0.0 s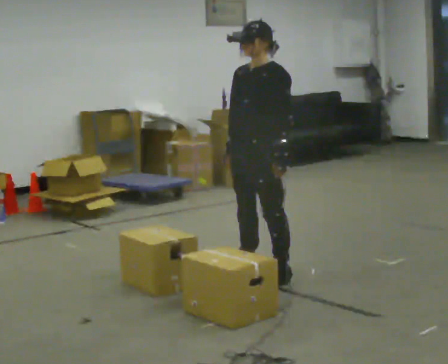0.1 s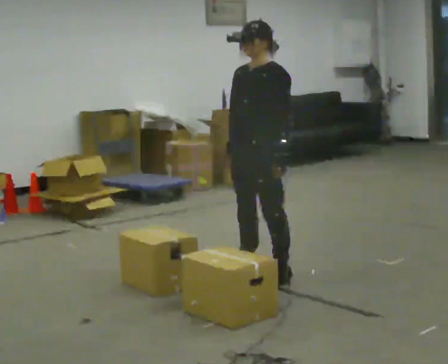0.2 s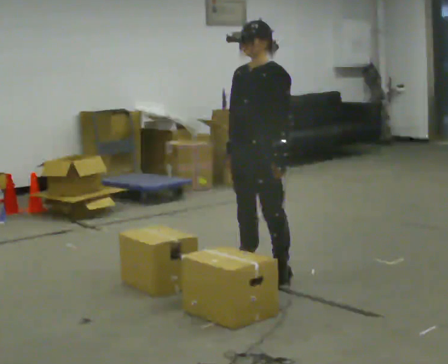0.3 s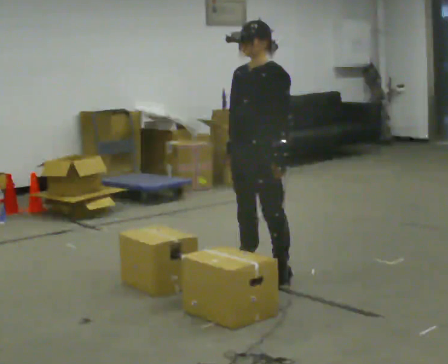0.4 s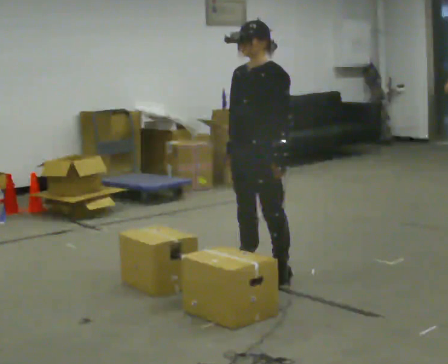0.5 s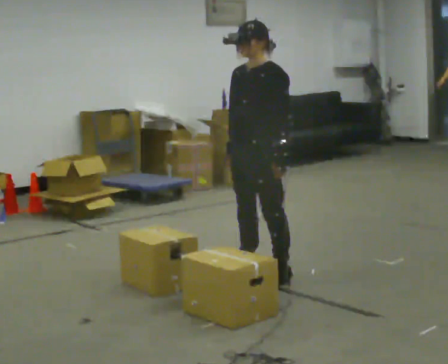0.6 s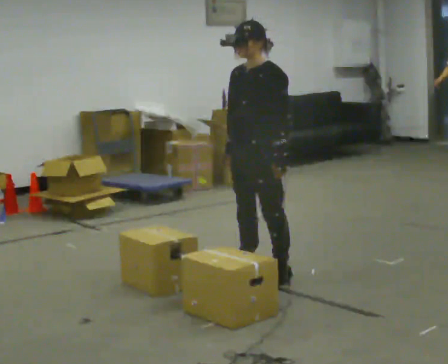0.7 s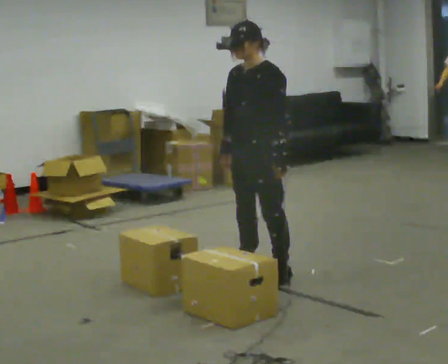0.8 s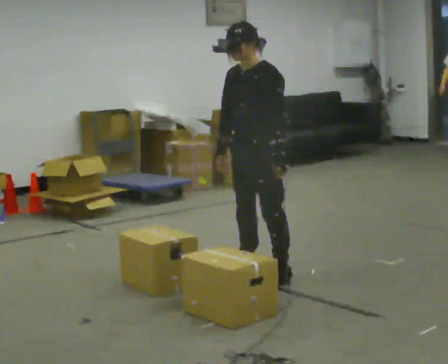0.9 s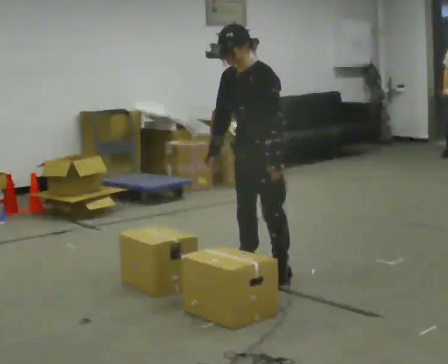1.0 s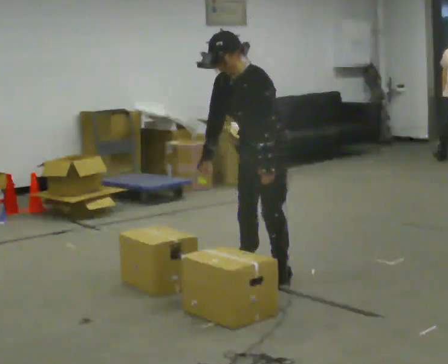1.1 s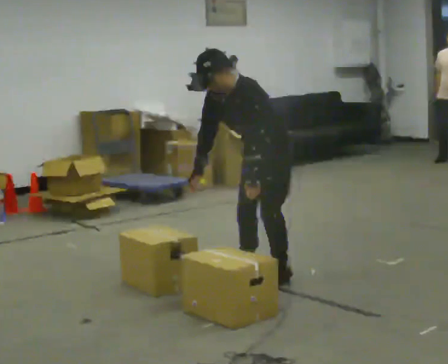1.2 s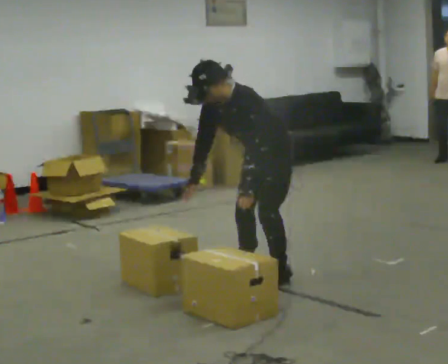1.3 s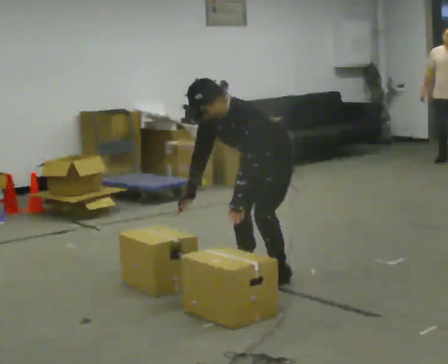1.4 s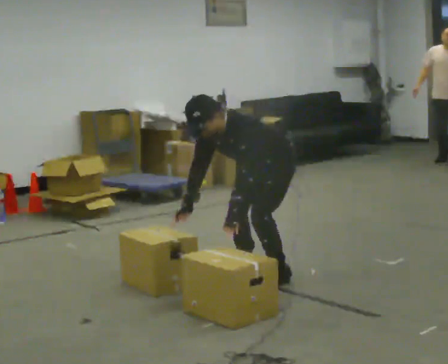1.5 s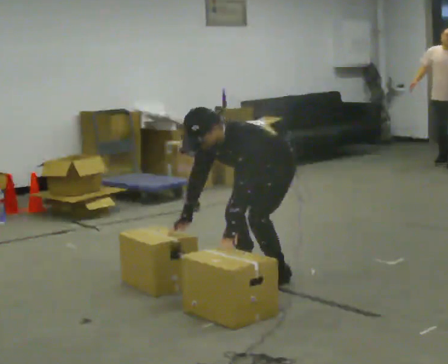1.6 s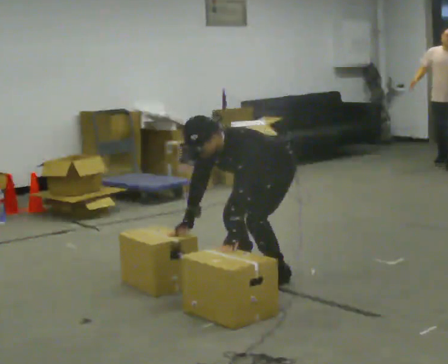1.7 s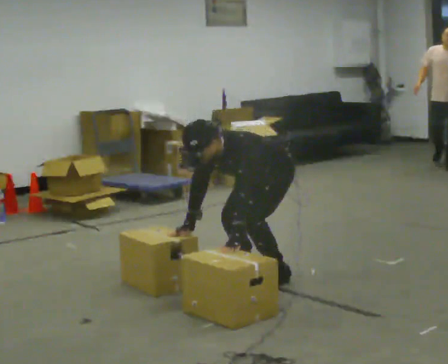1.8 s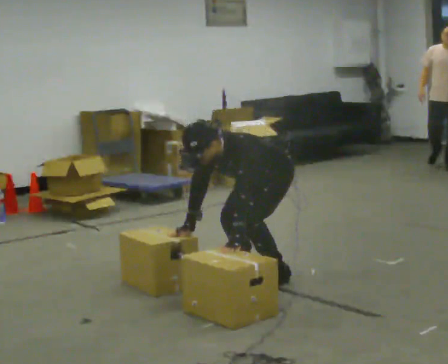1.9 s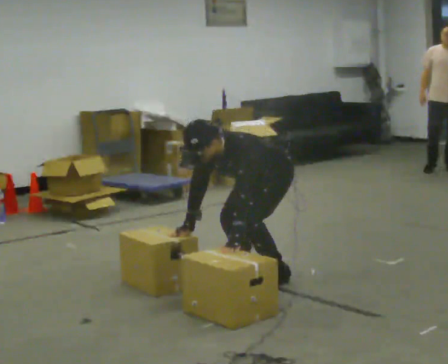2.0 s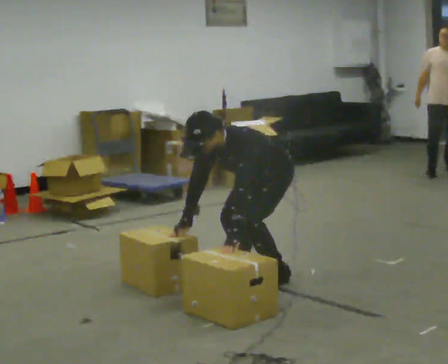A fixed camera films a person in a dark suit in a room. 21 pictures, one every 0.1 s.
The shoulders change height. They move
downward.
The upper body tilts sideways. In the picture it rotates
counterclockwise.
0.0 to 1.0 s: In the picture the upper body tilts counterclockwise, shoulders to the left, as they bend forward.
1.0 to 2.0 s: The upper body goes downward. In the picture the upper body tilts counterclockwise, shoulders to the left, as they bend forward. In the picture their right hand goes downward.
The film runs forward here.
